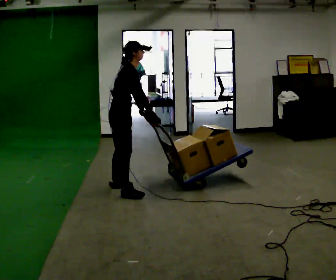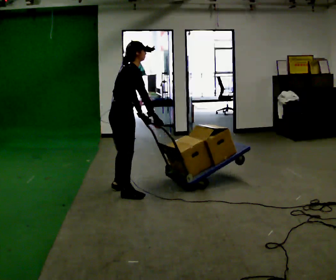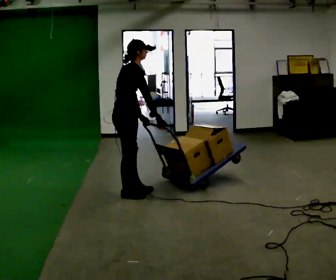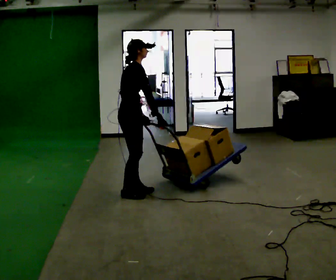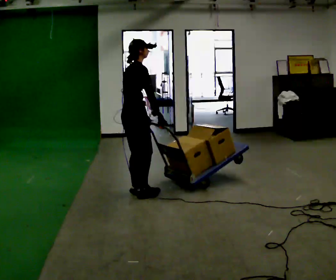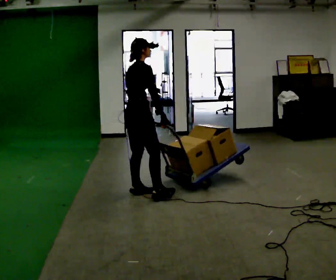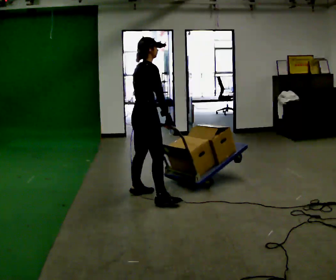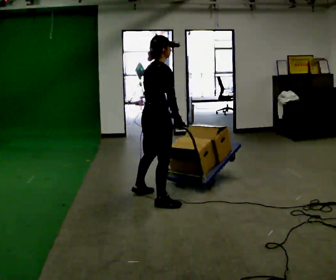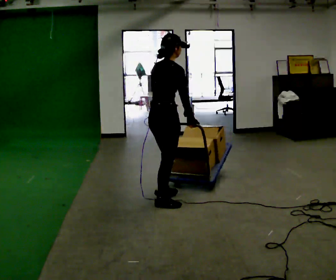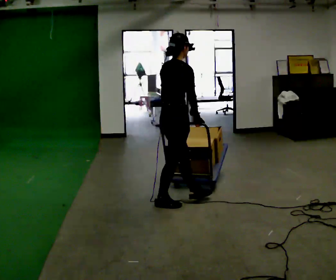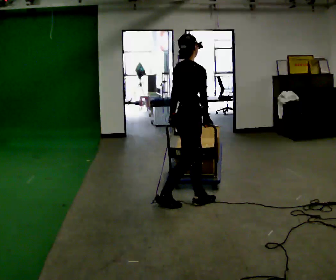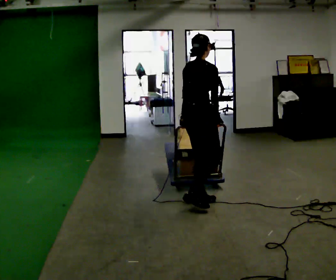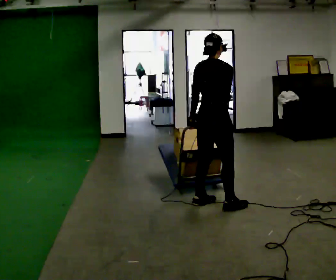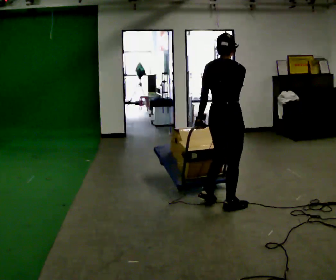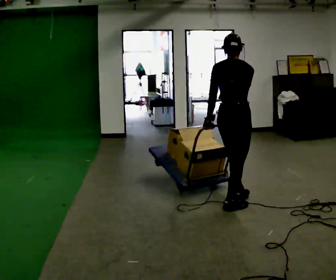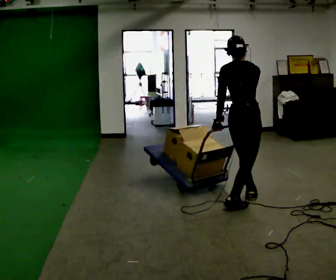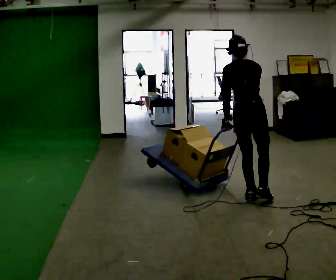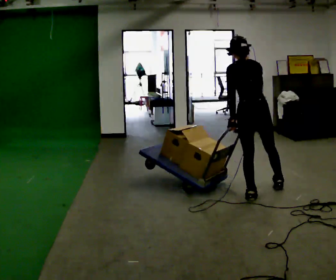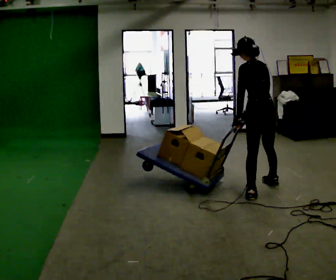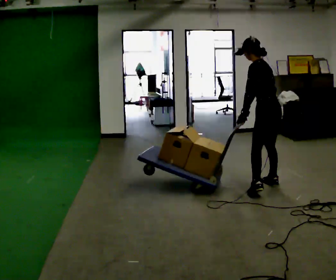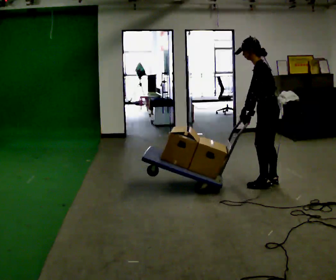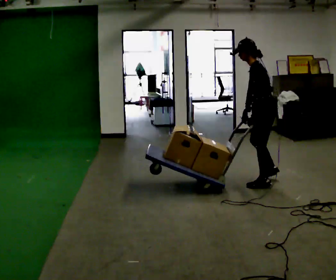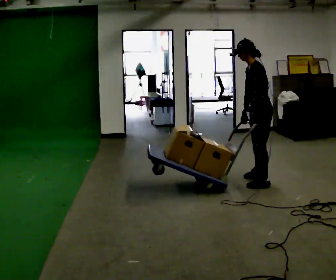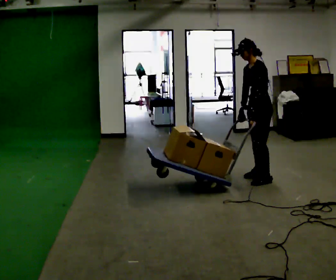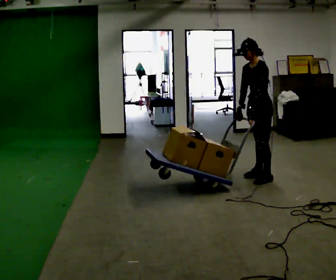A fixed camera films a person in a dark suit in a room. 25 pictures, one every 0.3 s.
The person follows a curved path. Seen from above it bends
counterclockwise.
The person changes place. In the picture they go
to the right.
0.0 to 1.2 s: The person moves a little, or ends about where they began.
1.2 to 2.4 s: In the picture they go to the right and toward the camera, about 0.5 m in 1 step, which for them is to their right and forward.
2.4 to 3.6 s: In the picture they go to the right, about 0.5 m in 2 steps, which for them is forward.
3.6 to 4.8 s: The part of the body nearest the lens slides to the right as the person turns to their left by about 30 degrees. In the picture they go to the right and away from the camera, about 0.5 m in 1 step, which for them is forward and to their right.
4.8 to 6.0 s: The part of the body nearest the lens slides to the right as the person turns to their left by about 90 degrees. In the picture they go away from the camera and to the right, about 0.5 m in 1 step.
6.0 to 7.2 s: The person turns about 45 degrees to their left, counterclockwise seen from above, so the part of the body nearest the lens slides to the right. In the picture they go away from the camera, about 0.25 m in 3 steps, which for them is to their right.
The film runs forward here.
